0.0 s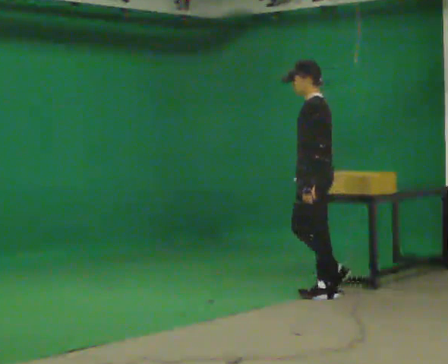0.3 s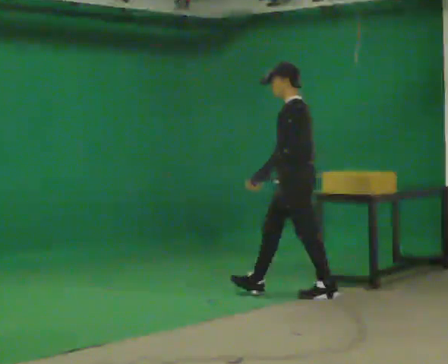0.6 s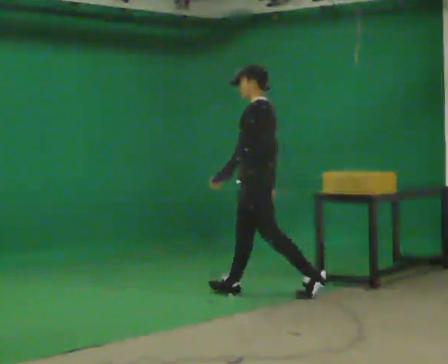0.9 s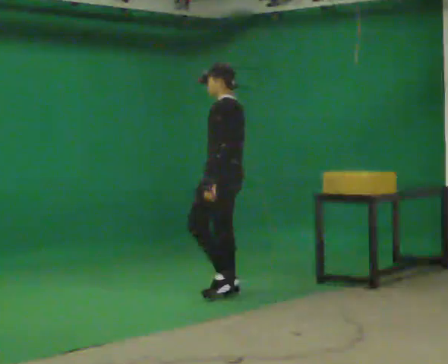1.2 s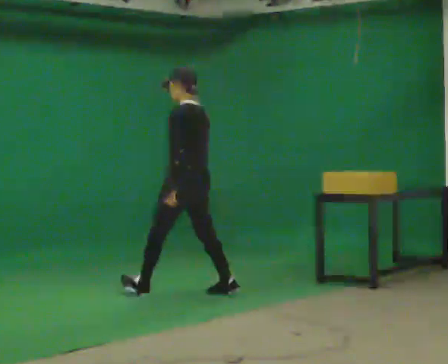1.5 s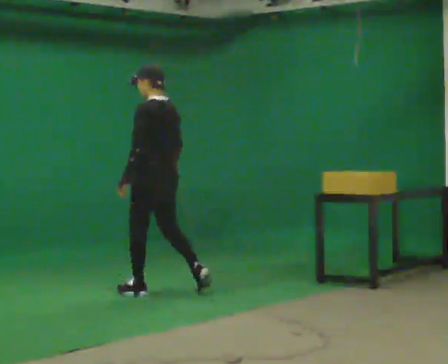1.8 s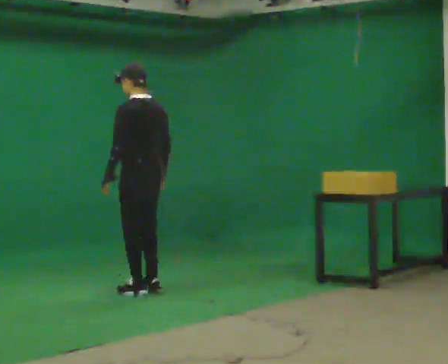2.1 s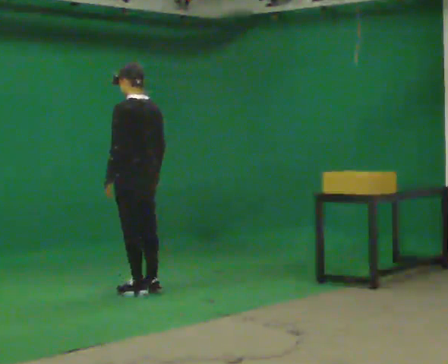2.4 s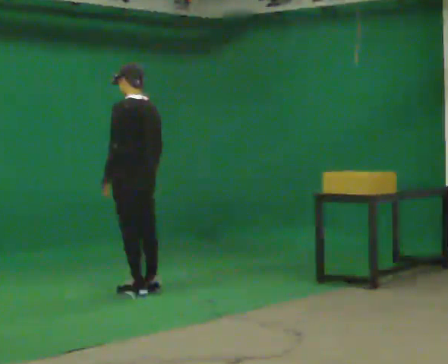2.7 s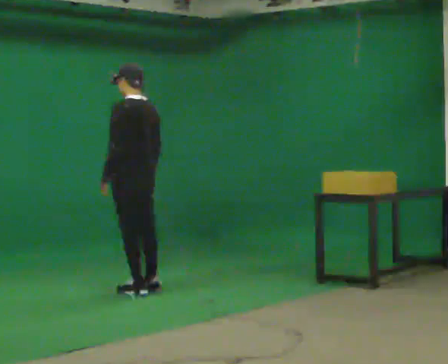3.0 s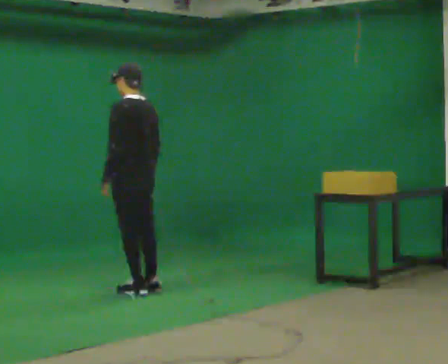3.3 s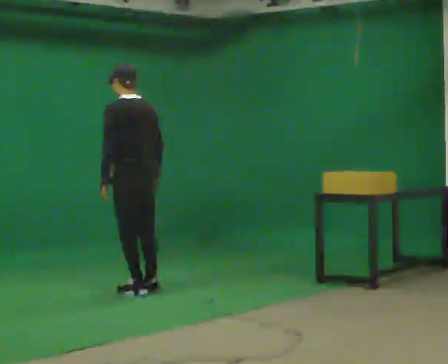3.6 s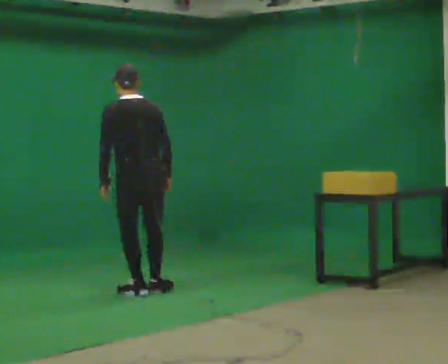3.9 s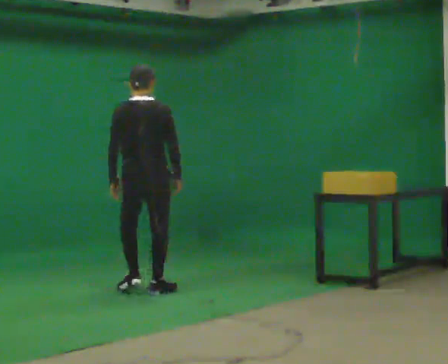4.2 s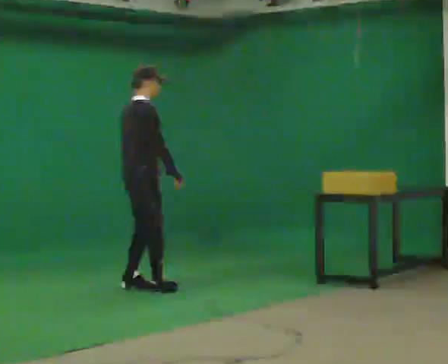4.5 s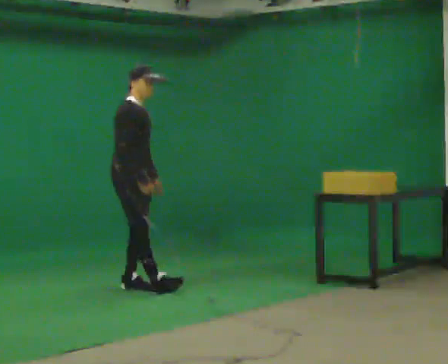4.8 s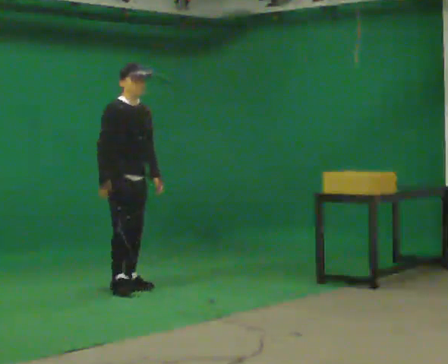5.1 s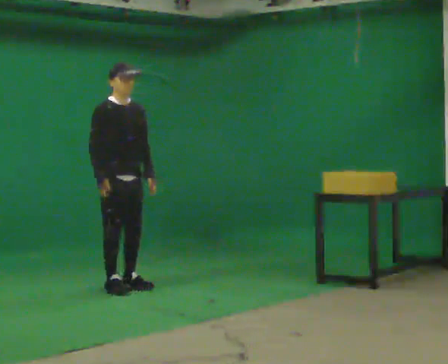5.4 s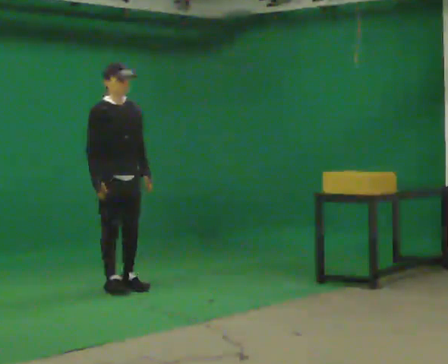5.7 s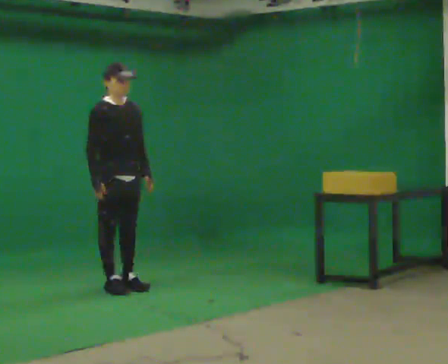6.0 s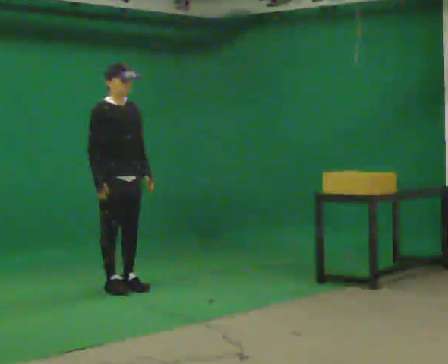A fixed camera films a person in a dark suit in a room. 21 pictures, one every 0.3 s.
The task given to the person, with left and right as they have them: Walk quickly but do not run; remain comfortable and controlled; stop.
0.0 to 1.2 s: Seen from above the body turns clockwise, about 30 degrees: to their right, with its near side sliding to the left. In the picture they go to the left, about 1 m in 2 steps, which for them is forward.
1.2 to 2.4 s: In the picture they go to the left, about 0.5 m in 1 step, which for them is forward and to their left.
2.4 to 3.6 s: Seen from above the body turns clockwise, about 45 degrees: to their right, with its near side sliding to the left.
3.6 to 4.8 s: The part of the body nearest the lens slides to the left as the person turns to their right by about 150 degrees. In the picture they go to the left, about 0.25 m in 1 step.
4.8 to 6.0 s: The person moves a little, or ends about where they began.
The film runs forward here.
